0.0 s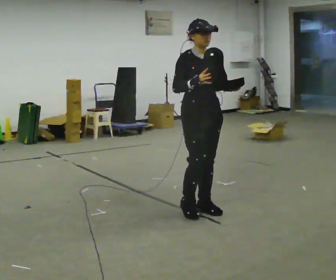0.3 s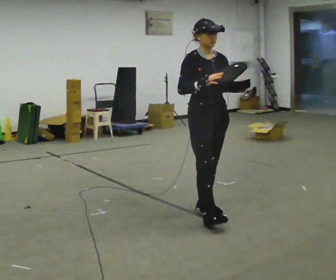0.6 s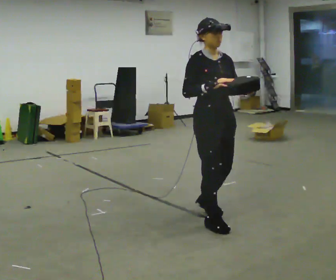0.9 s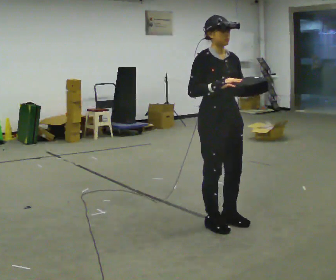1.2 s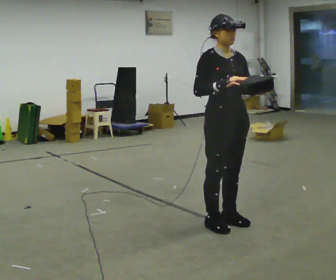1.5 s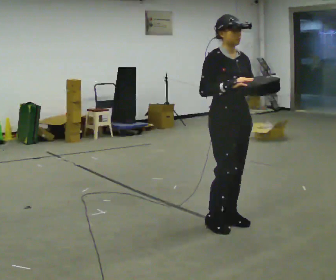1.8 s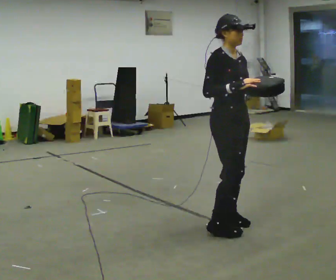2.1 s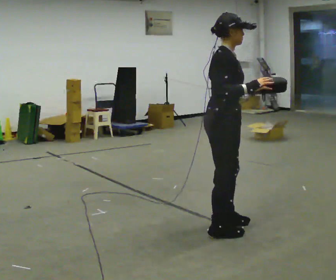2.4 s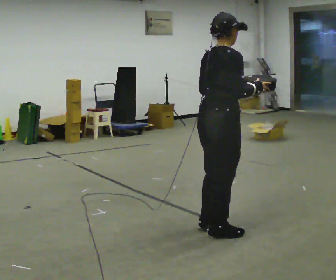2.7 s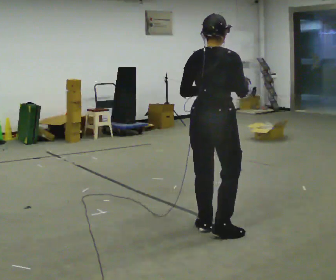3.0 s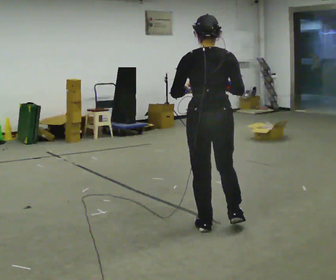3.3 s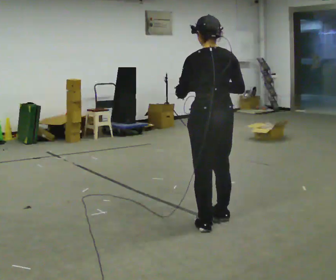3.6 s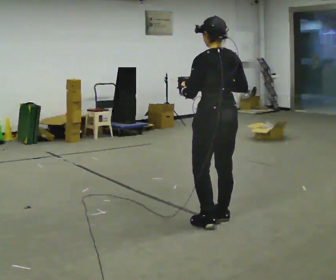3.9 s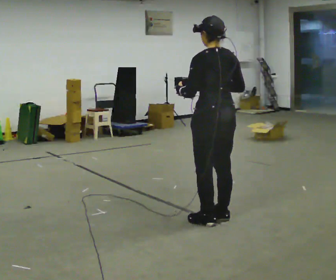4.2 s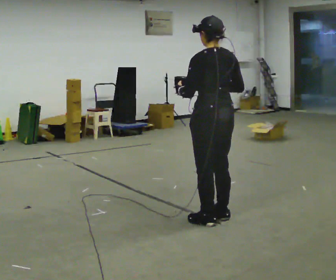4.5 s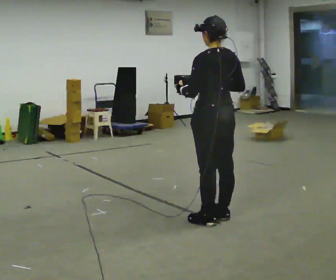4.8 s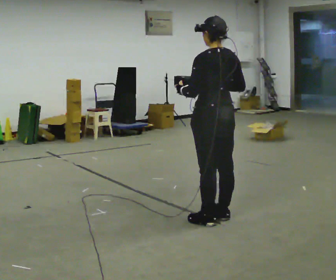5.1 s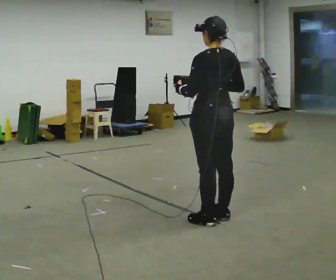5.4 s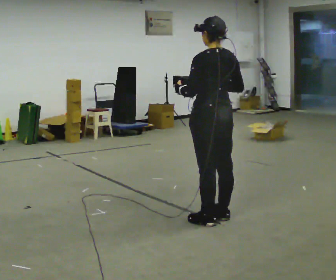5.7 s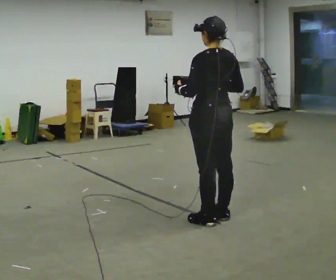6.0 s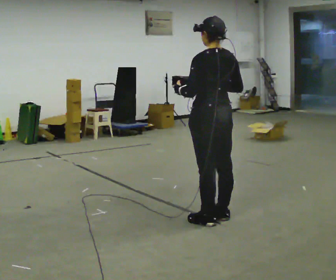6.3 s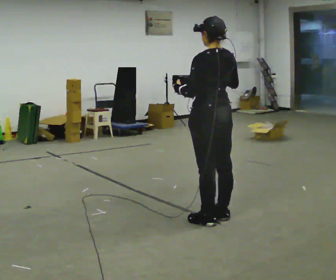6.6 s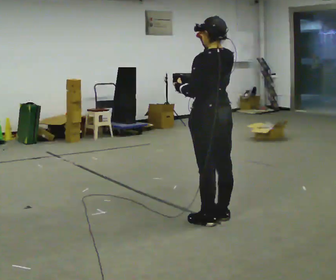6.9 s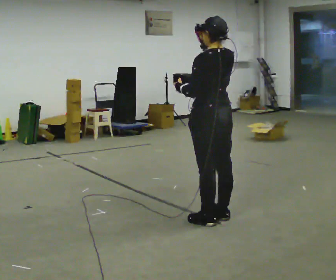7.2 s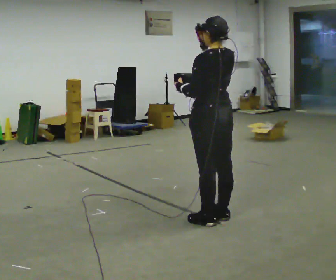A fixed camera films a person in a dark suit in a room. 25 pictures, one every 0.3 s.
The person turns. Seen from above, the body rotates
counterclockwise.
The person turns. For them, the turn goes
to their left.
0.0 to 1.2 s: In the picture they go toward the camera and to the right, about 0.5 m in 2 steps, which for them is forward.
1.2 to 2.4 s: The person turns about 90 degrees to their left, counterclockwise seen from above, so the part of the body nearest the lens slides to the right. In the picture they go toward the camera, about 0.25 m in 1 step.
2.4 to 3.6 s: Seen from above the body turns counterclockwise, about 90 degrees: to their left, with its near side sliding to the right. In the picture they go away from the camera, about 0.25 m in 2 steps. In the picture their left hand goes to the left.
3.6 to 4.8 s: The person moves a little, or ends about where they began.
4.8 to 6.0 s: The person keeps their place and pose.
6.0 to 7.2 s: In the picture their right hand goes upward.
The film runs forward here.
